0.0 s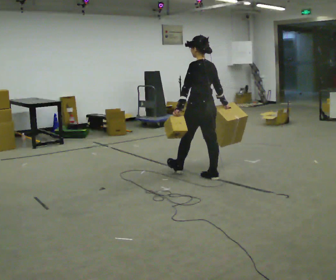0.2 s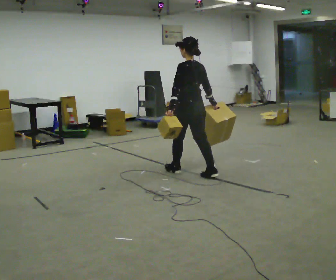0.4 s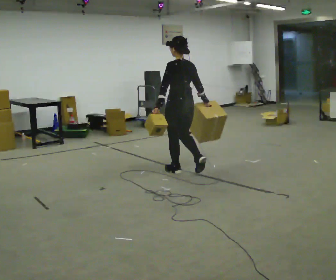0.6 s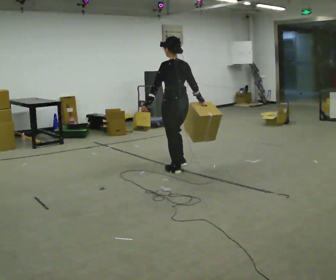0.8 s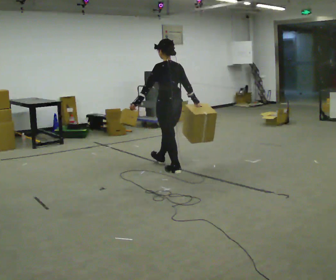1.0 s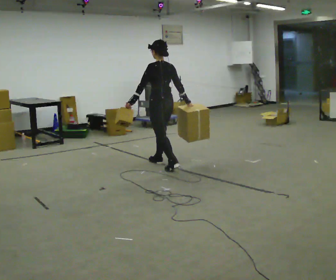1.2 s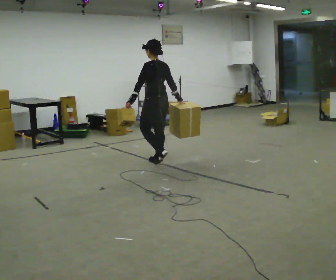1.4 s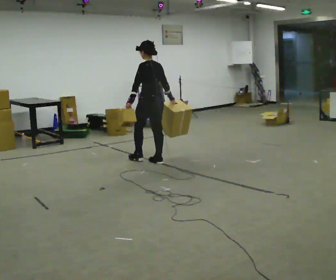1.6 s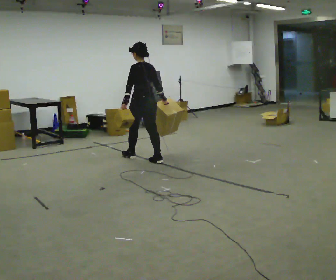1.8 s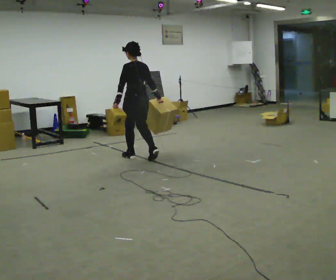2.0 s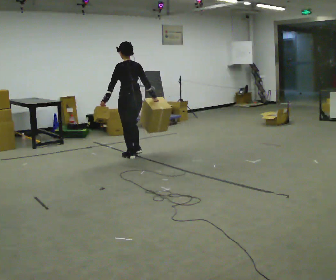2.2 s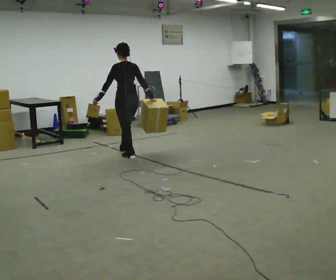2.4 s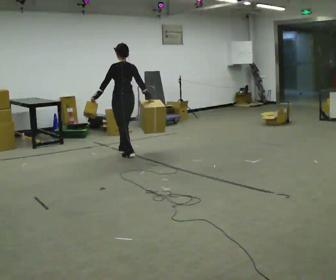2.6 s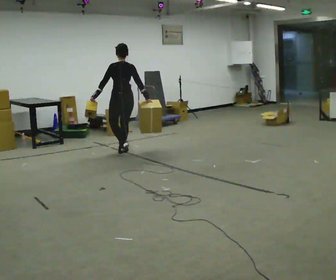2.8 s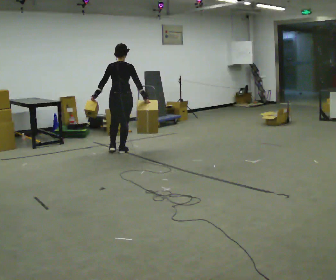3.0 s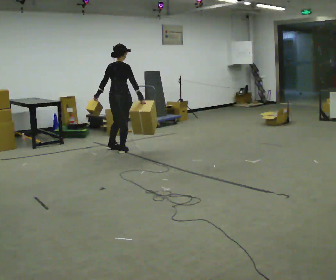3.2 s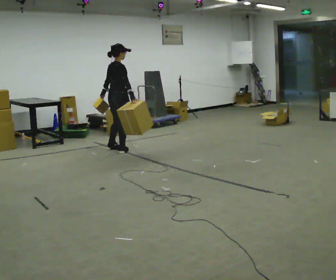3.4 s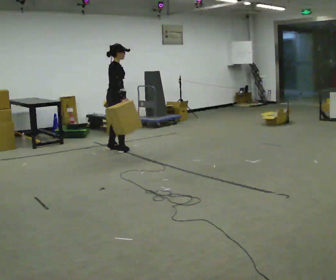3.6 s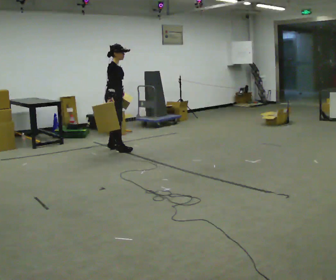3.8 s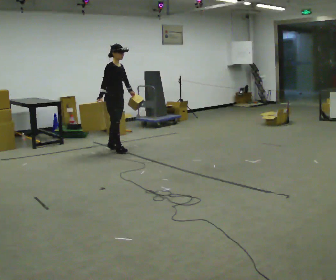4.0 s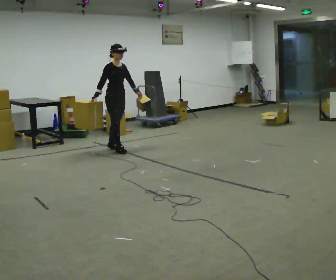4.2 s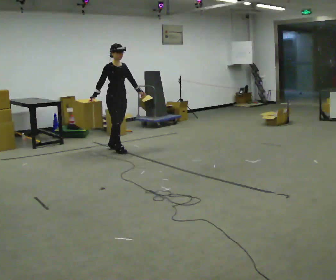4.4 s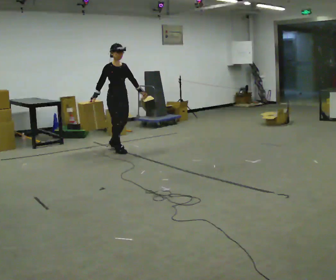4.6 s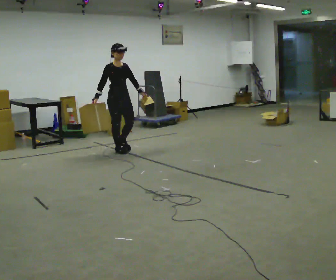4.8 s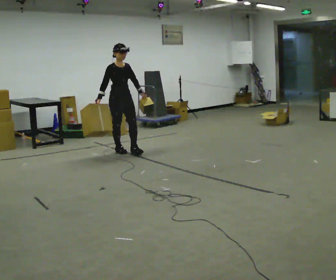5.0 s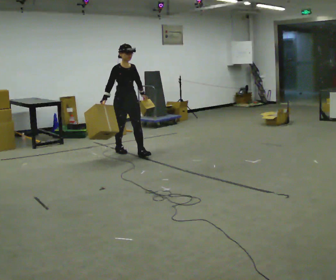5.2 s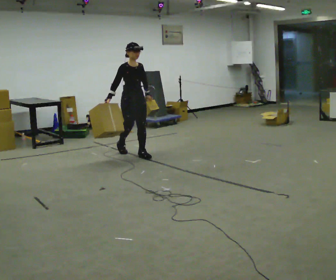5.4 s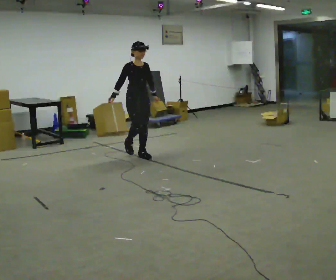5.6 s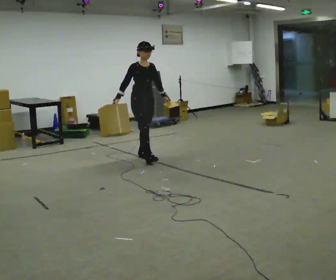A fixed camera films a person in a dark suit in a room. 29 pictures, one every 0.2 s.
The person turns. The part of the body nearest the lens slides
to the left.
The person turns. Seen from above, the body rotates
clockwise.
0.0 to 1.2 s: In the picture they go away from the camera and to the left, about 1 m in 2 steps, which for them is forward.
1.2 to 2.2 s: In the picture they go away from the camera and to the left, about 0.5 m in 1 step, which for them is forward.
2.2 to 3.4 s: The part of the body nearest the lens slides to the left as the person turns to their right by about 105 degrees. In the picture they go away from the camera and to the left, about 0.5 m in 2 steps.
3.4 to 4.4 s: Seen from above the body turns clockwise, about 60 degrees: to their right, with its near side sliding to the left. In the picture their left hand goes to the right, the arm swinging counterclockwise.
4.4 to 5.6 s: In the picture they go toward the camera and to the right, about 0.5 m in 1 step, which for them is forward.
The film runs forward here.
